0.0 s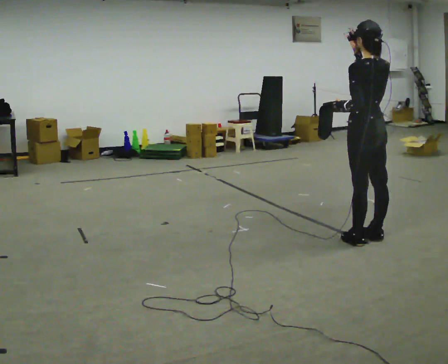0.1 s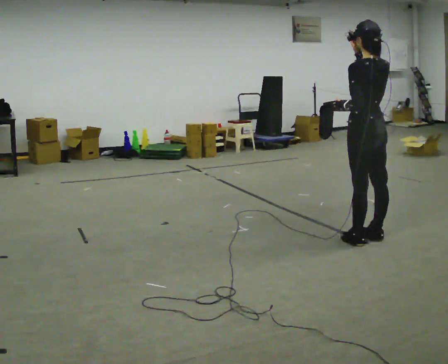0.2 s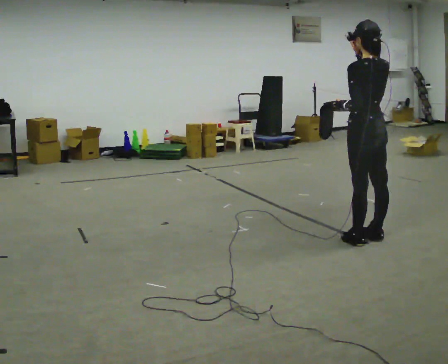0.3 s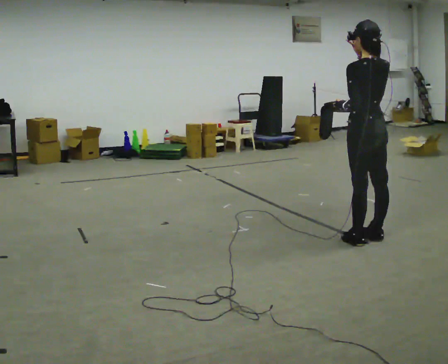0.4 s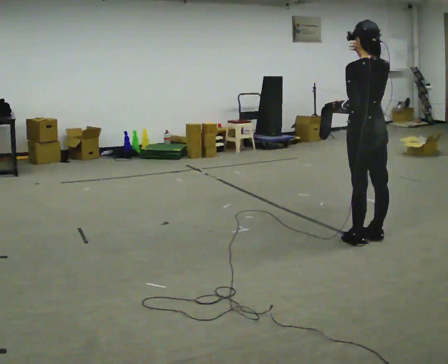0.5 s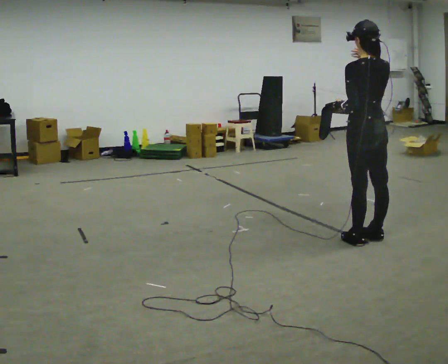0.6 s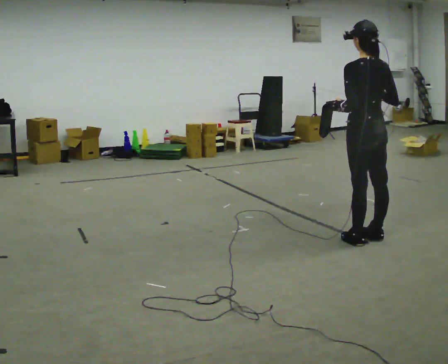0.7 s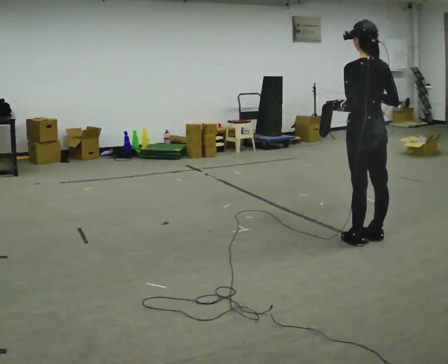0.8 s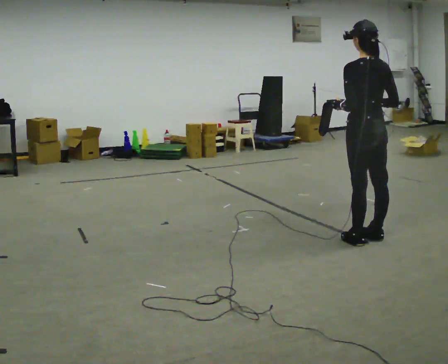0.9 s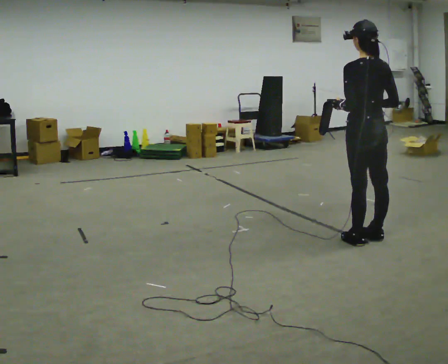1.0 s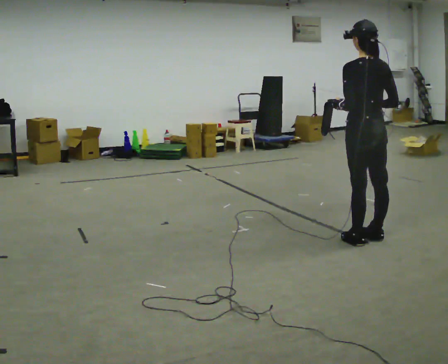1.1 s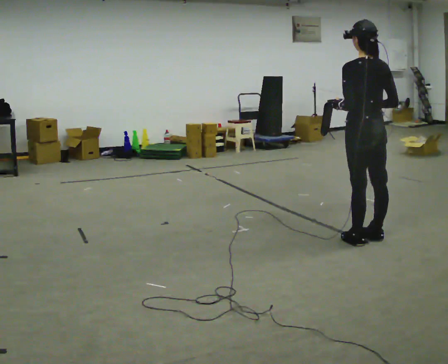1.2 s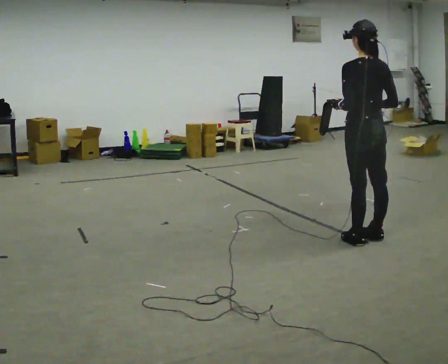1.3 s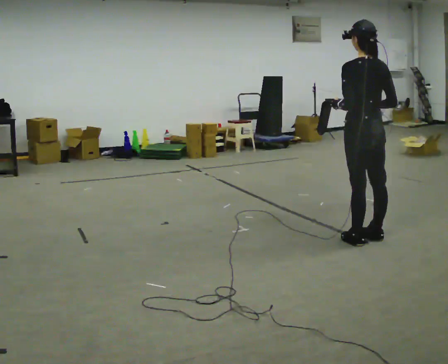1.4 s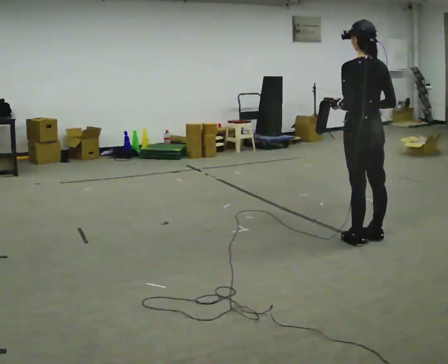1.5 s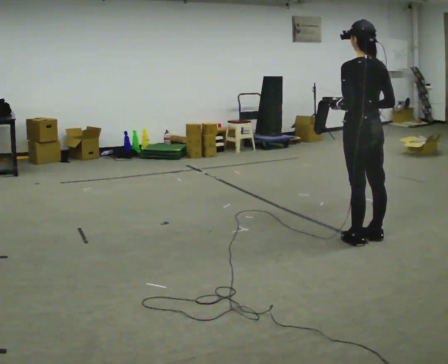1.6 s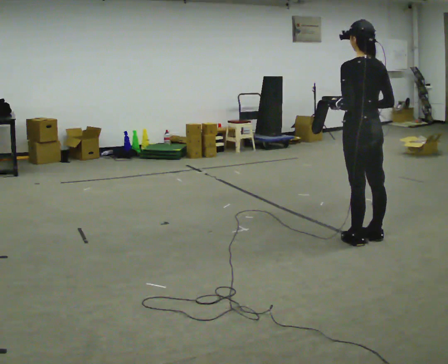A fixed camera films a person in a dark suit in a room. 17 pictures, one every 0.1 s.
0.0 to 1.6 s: In the picture their right hand goes downward.
The film runs backward here.
